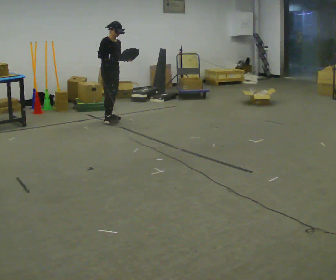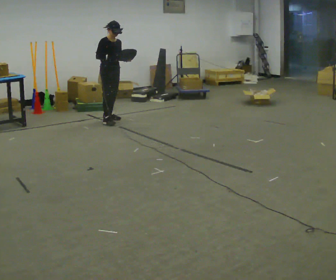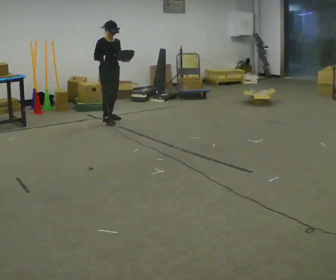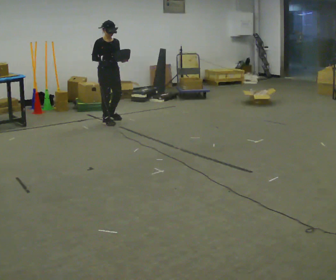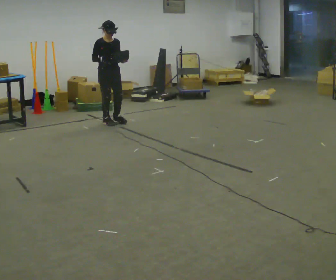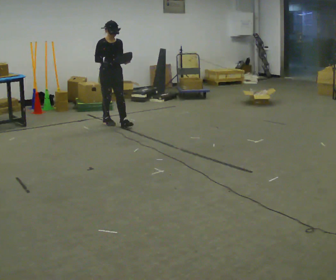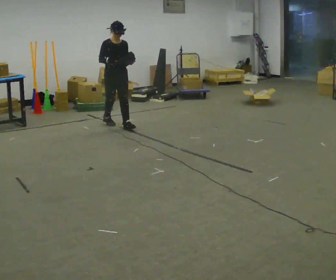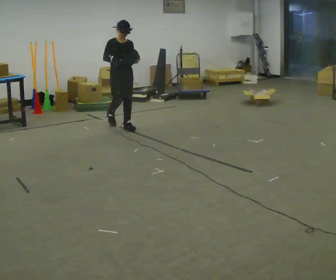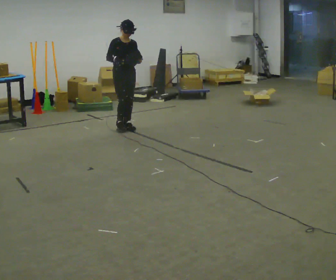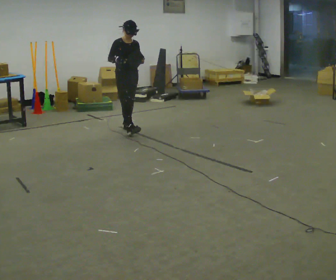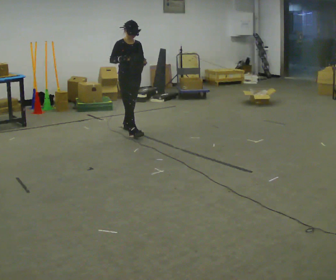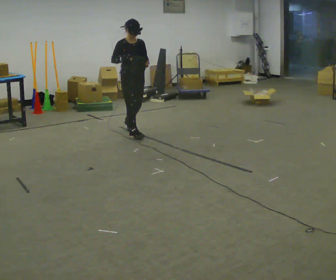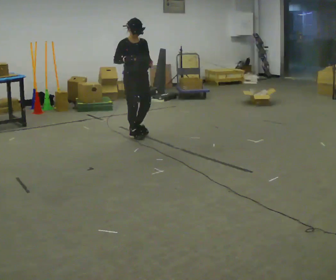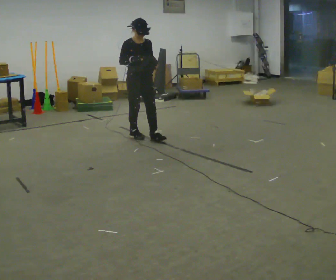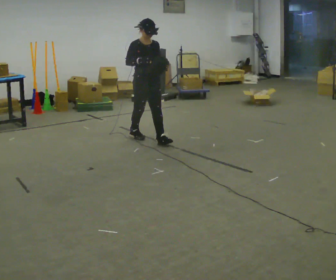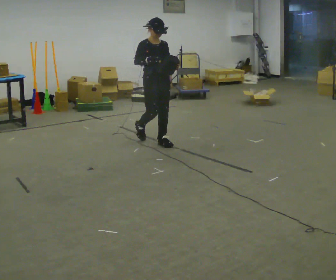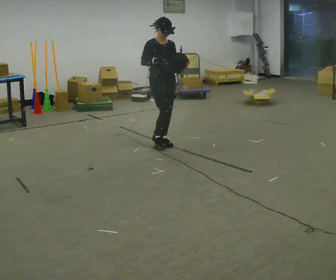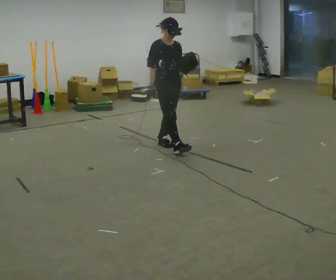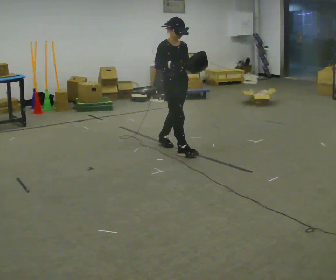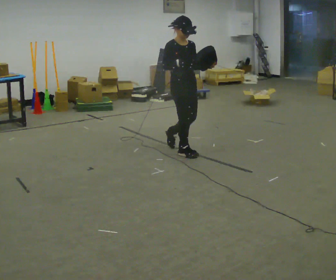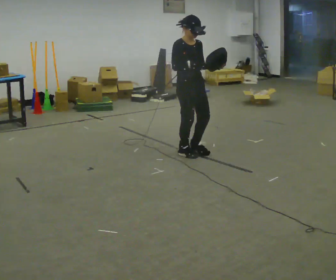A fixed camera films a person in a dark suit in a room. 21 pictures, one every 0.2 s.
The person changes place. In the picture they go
toward the camera.
0.0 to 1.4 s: In the picture they go toward the camera, about 0.5 m in 1 step, which for them is forward.
1.4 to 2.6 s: In the picture they go toward the camera, about 0.5 m in 1 step, which for them is forward.
2.6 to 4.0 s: In the picture they go toward the camera and to the right, about 1 m in 2 steps, which for them is forward.
The film runs forward here.
